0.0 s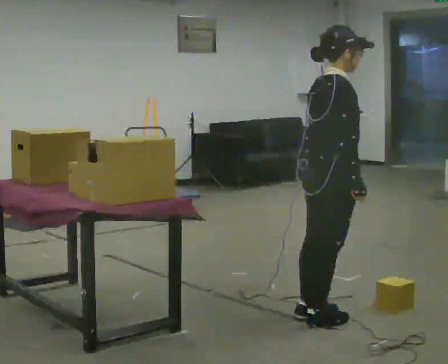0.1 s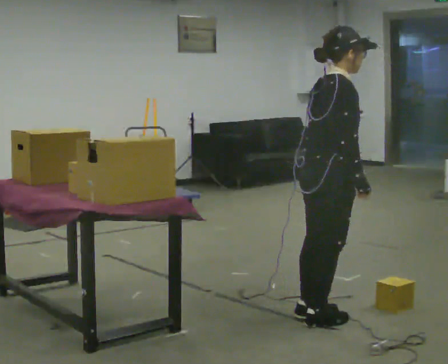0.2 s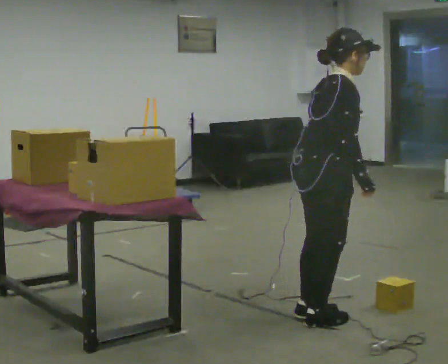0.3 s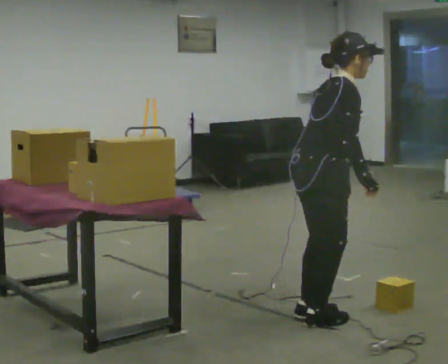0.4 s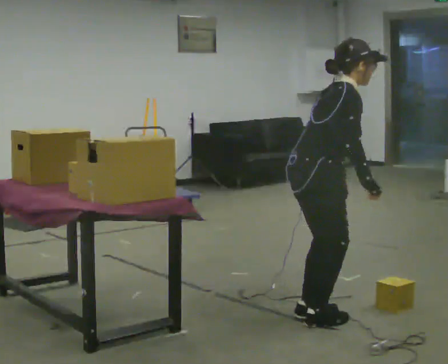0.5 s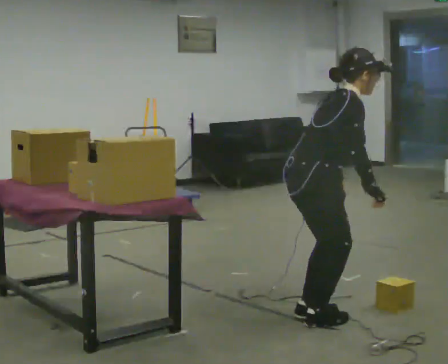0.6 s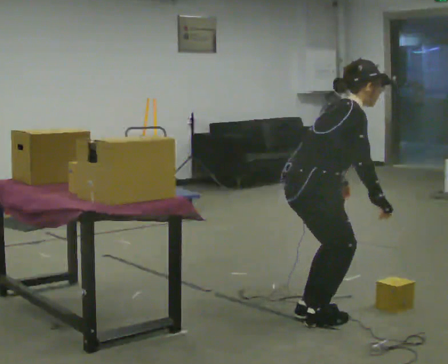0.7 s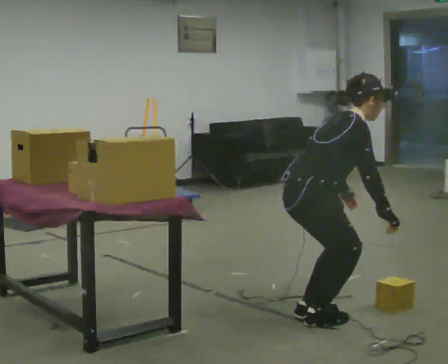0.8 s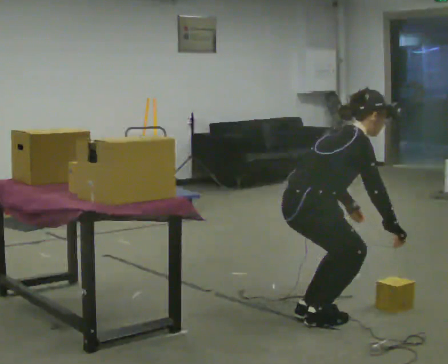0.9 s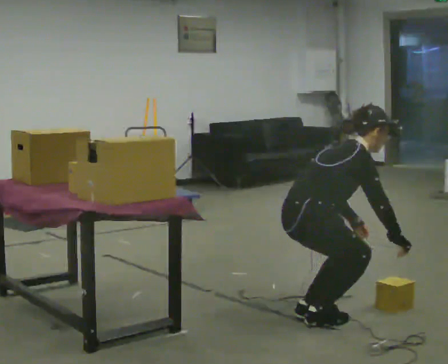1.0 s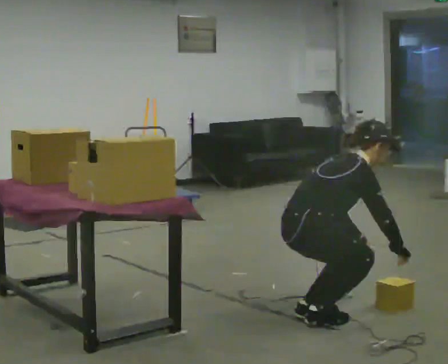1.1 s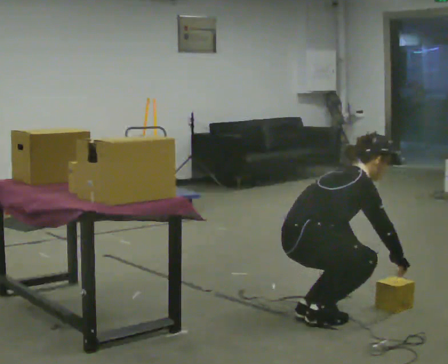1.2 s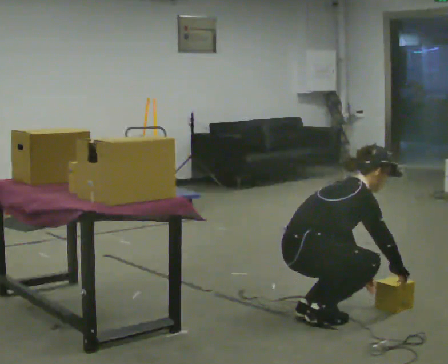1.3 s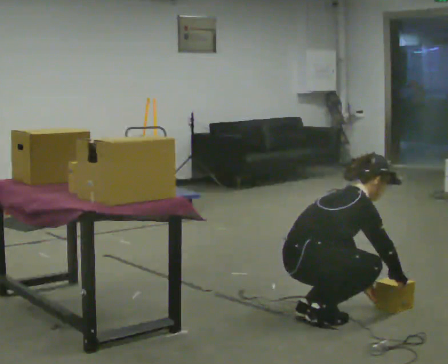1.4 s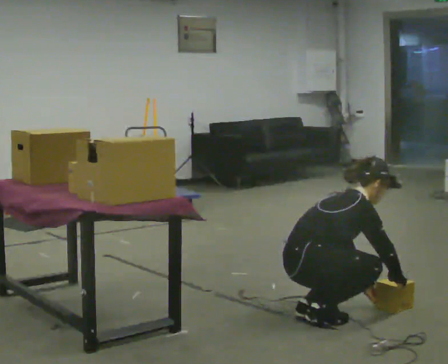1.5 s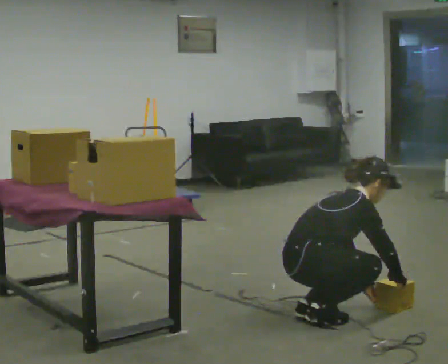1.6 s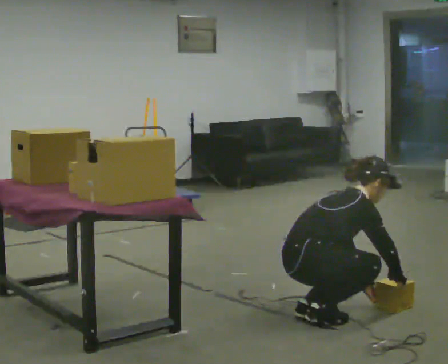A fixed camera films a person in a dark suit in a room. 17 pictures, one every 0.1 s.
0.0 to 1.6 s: The shoulders move downward. In the picture the upper body tilts clockwise, shoulders to the right, as they bend forward. In the picture their right hand goes downward and to the right.
The film runs backward here.
